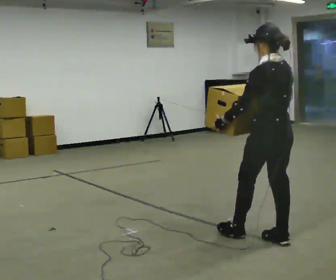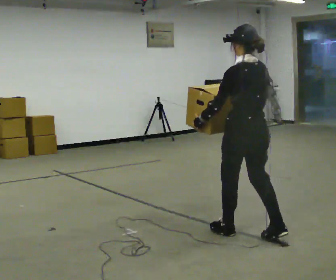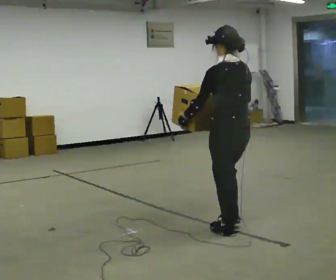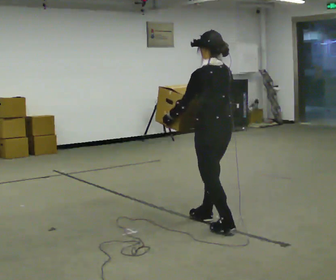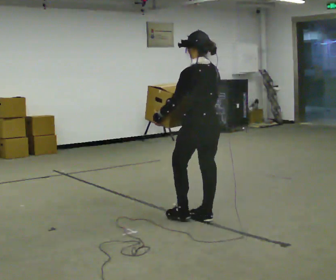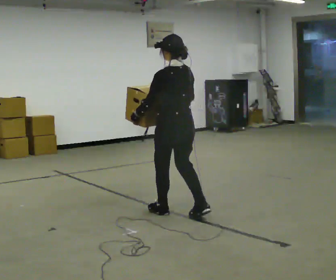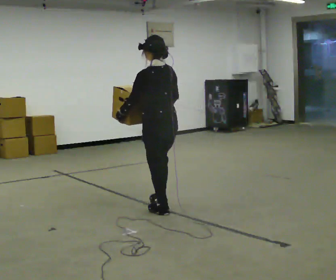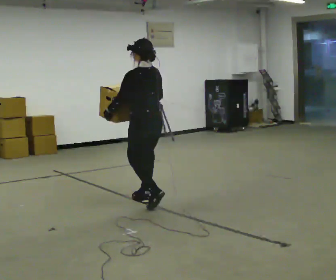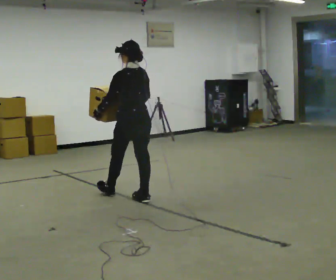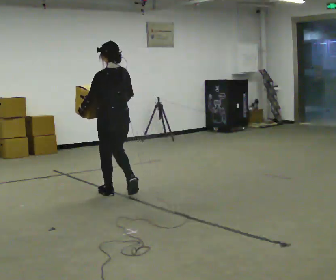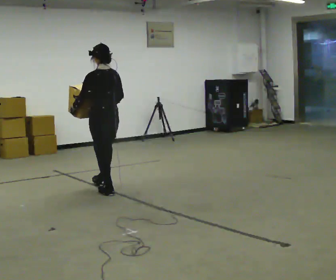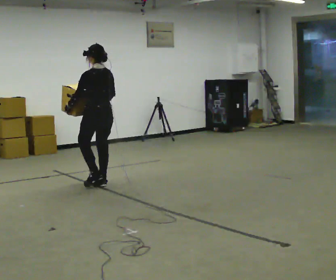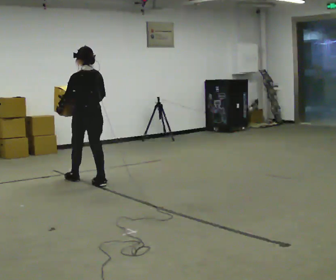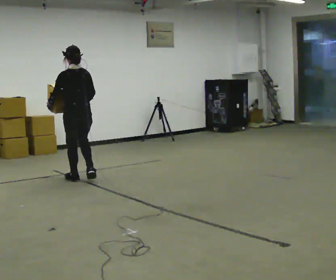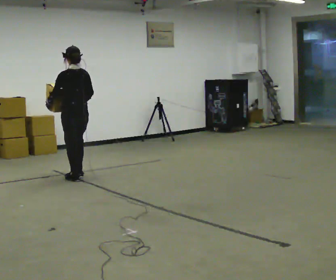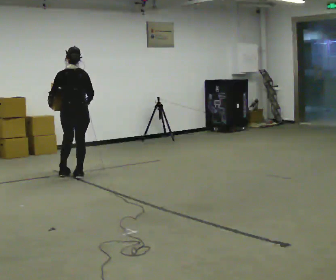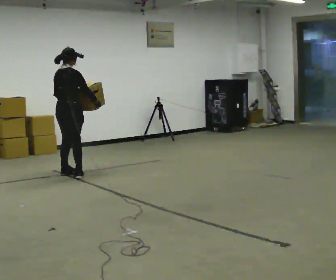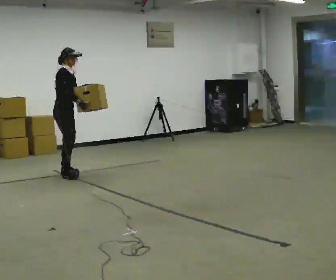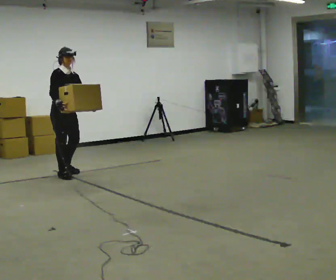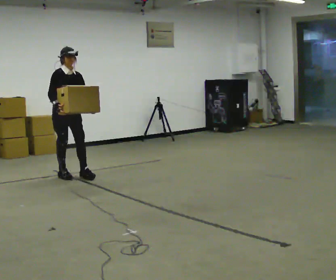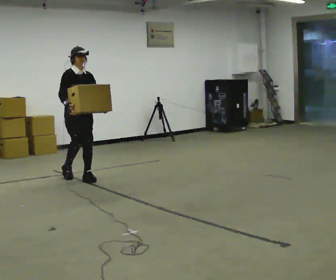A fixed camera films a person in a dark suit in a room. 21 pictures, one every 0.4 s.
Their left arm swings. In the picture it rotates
counterclockwise.
The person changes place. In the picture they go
away from the camera.
0.0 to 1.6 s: In the picture they go away from the camera and to the left, about 1 m in 2 steps, which for them is forward.
1.6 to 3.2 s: In the picture they go away from the camera and to the left, about 1 m in 2 steps, which for them is forward.
3.2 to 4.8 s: In the picture they go away from the camera and to the left, about 1 m in 3 steps, which for them is forward.
4.8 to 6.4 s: The part of the body nearest the lens slides to the left as the person turns to their right by about 75 degrees. In the picture they go away from the camera and to the left, about 0.5 m in 2 steps.
6.4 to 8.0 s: The person turns about 105 degrees to their right, clockwise seen from above, so the part of the body nearest the lens slides to the left. In the picture they go toward the camera and to the right, about 0.25 m in 2 steps. In the picture their right hand goes to the left, the arm swinging clockwise.
The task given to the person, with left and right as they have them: Carry the box across the room, back and forth. The operator will swap between the box with handles and the one without.
The film runs forward here.
